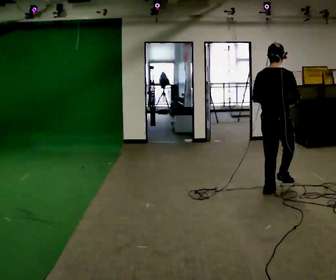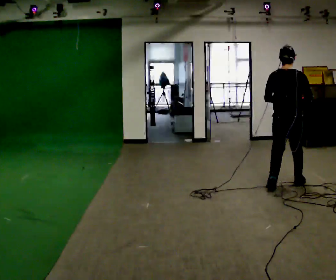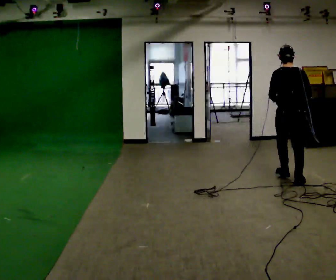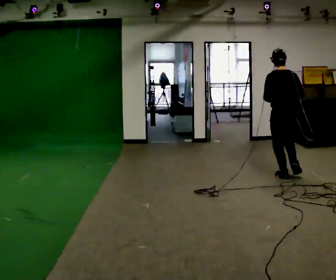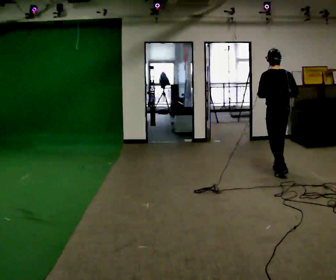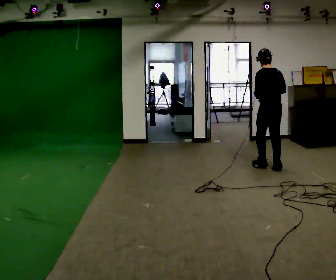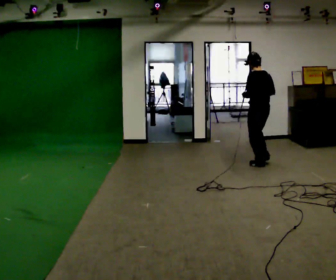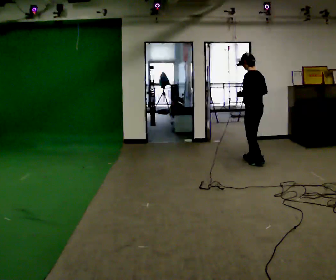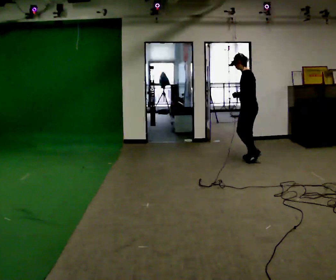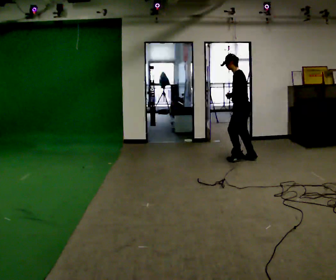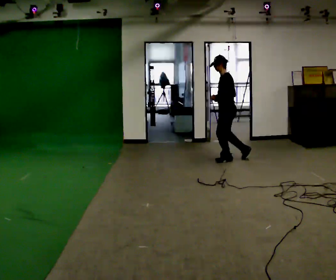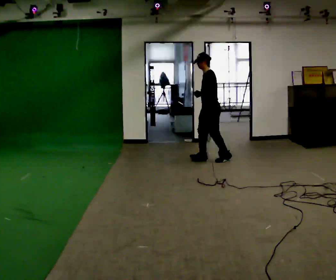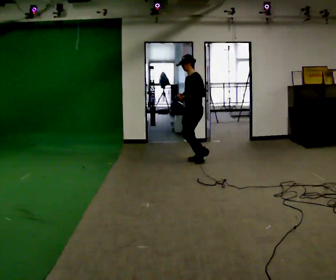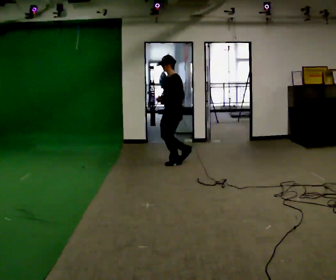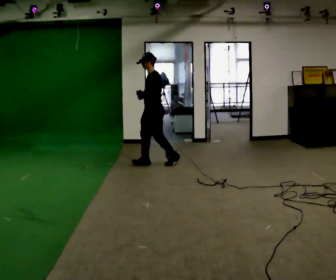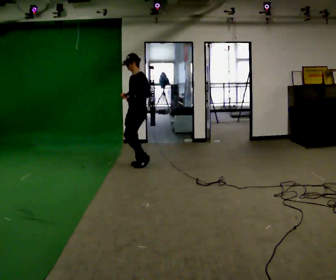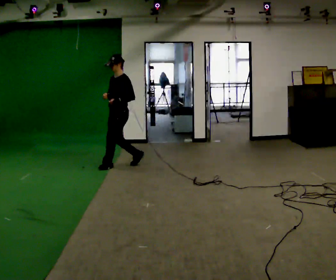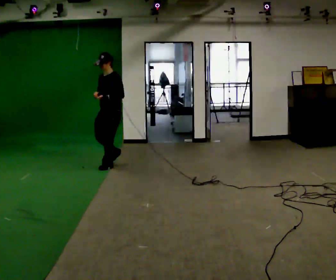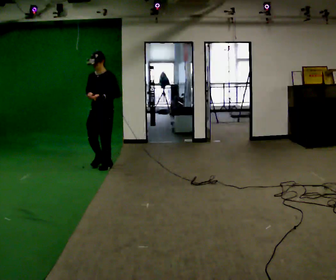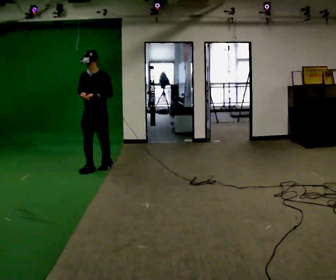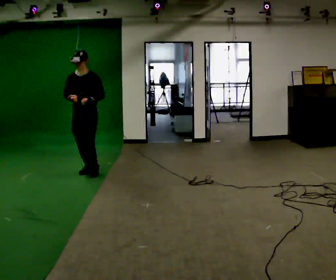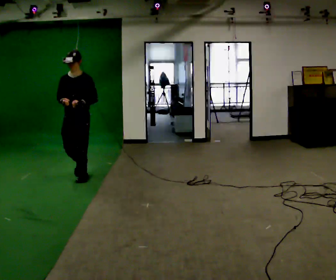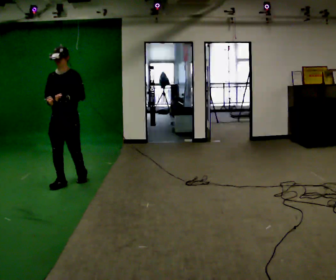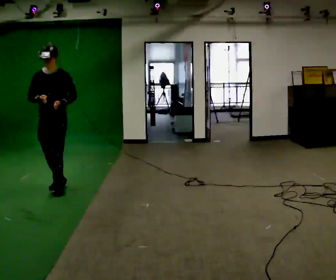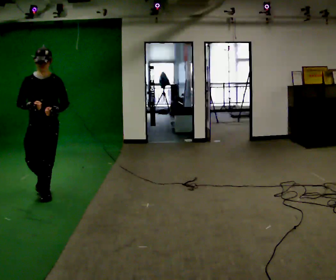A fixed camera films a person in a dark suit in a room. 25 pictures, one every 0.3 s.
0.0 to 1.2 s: Seen from above the body turns counterclockwise, about 45 degrees: to their left, with its near side sliding to the right. In the picture they go away from the camera, about 1 m in 2 steps, which for them is forward.
1.2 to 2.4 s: The part of the body nearest the lens slides to the right as the person turns to their left by about 60 degrees. In the picture they go away from the camera, about 1 m in 3 steps.
2.4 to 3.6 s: Seen from above the body turns counterclockwise, about 45 degrees: to their left, with its near side sliding to the right. In the picture they go to the left, about 1 m in 2 steps, which for them is forward.
3.6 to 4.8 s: In the picture they go to the left, about 1 m in 3 steps, which for them is forward.
4.8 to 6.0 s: Seen from above the body turns counterclockwise, about 45 degrees: to their left, with its near side sliding to the right. In the picture they go toward the camera and to the left, about 0.75 m in 1 step, which for them is forward.
6.0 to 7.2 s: In the picture they go toward the camera, about 1 m in 3 steps, which for them is forward.
The film runs forward here.
